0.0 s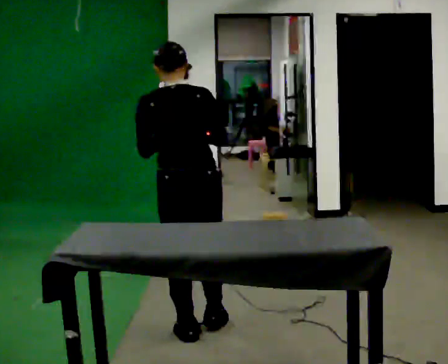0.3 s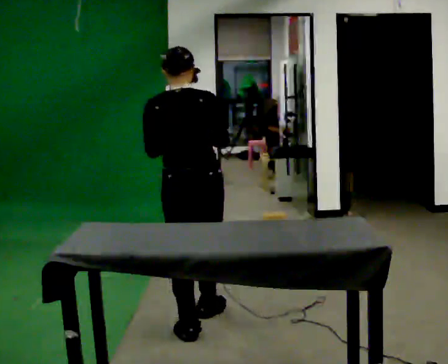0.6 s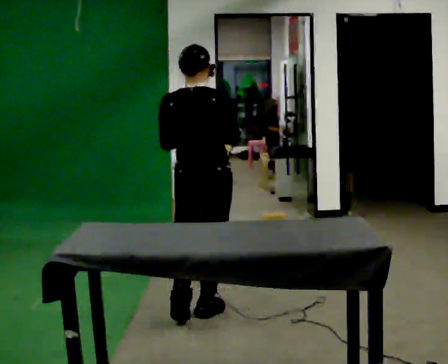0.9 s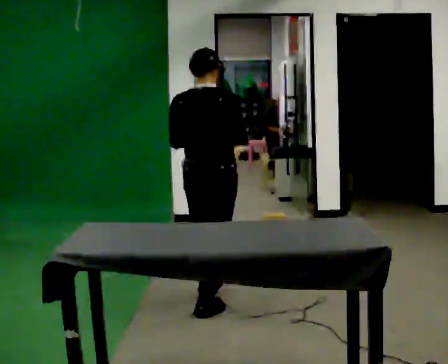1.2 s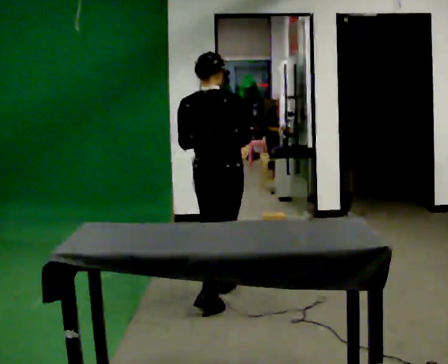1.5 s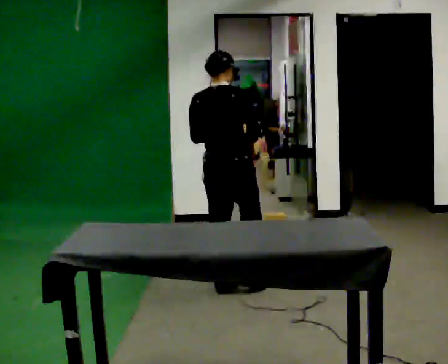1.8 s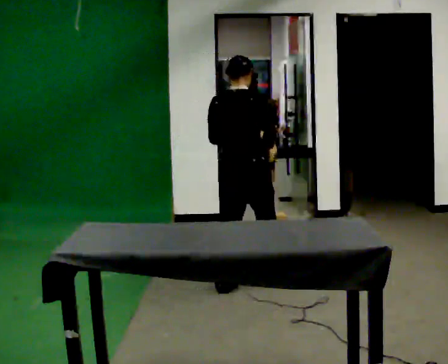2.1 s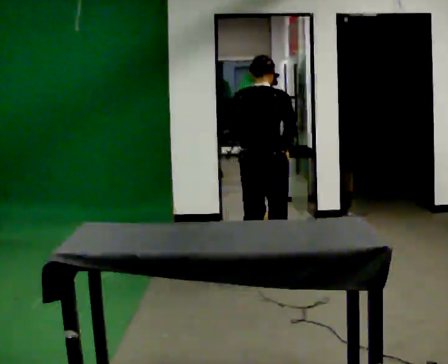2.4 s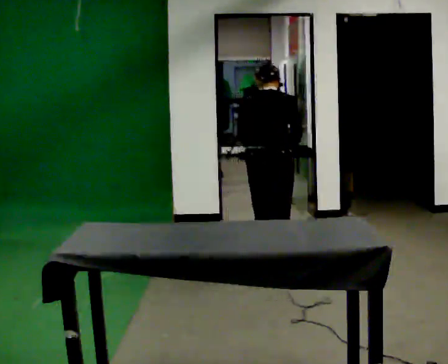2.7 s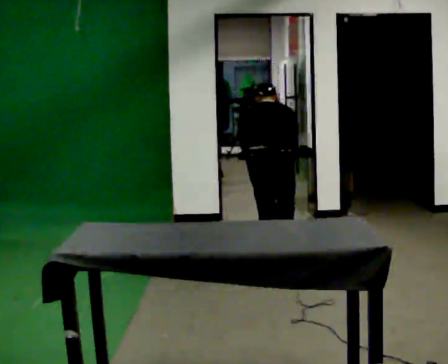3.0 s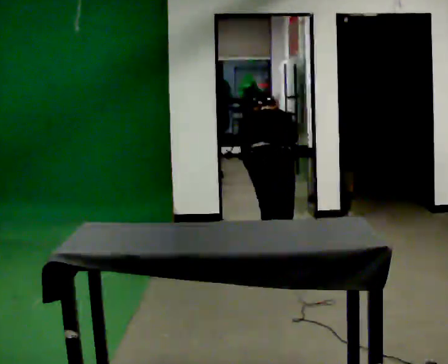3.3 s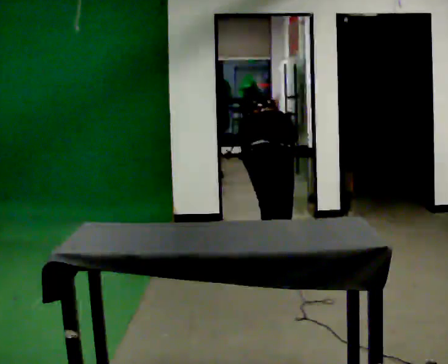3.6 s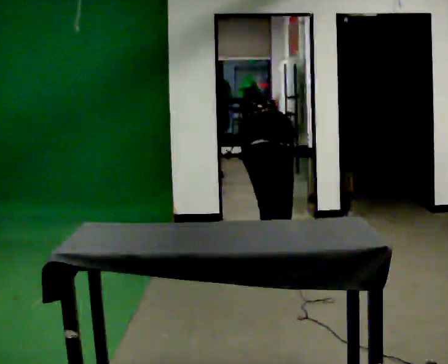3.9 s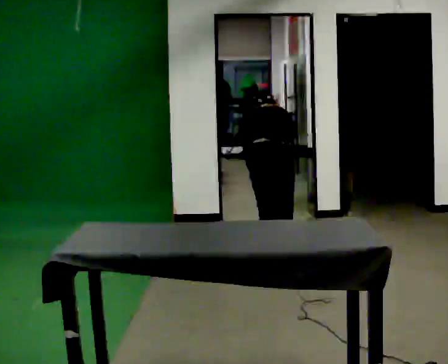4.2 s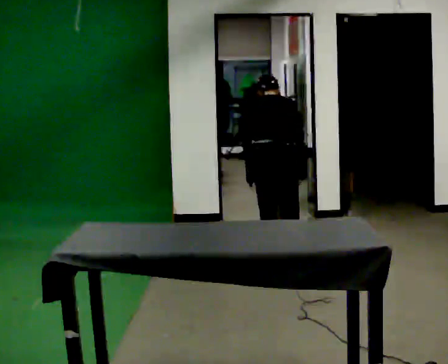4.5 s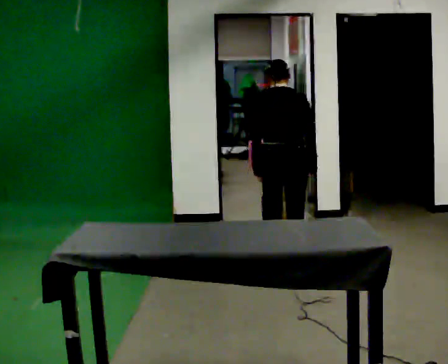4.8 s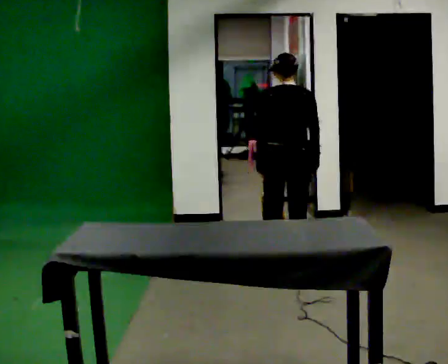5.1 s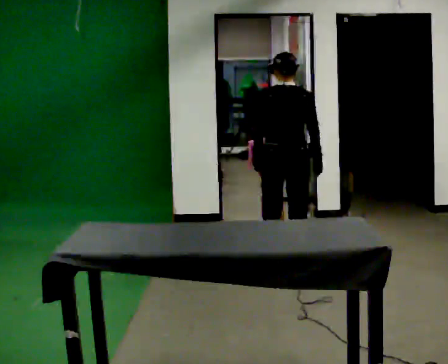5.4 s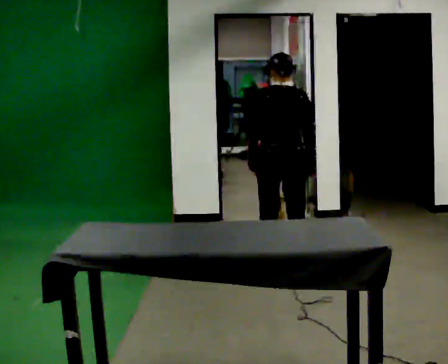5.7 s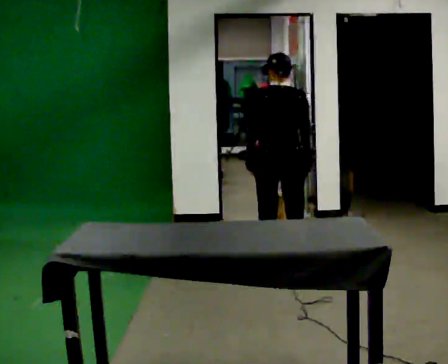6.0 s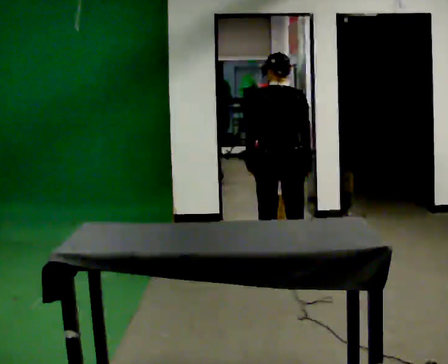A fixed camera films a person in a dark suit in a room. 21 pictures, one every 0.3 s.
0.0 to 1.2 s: The person turns about 30 degrees to their right, clockwise seen from above, so the part of the body nearest the lens slides to the left. In the picture they go away from the camera, about 0.75 m in 2 steps, which for them is forward.
1.2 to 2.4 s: In the picture they go away from the camera and to the right, about 0.5 m in 1 step, which for them is forward. The upper body tips away from the camera, its near side rolling upward, as they bend forward.
2.4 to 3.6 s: In the picture they go away from the camera, about 0.25 m in 1 step, which for them is forward. The shoulders move downward. The upper body tips away from the camera, its near side rolling upward, as they bend forward.
3.6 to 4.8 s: The shoulders move upward. The upper body tips toward the camera, its near side rolling downward, as they lean back or straighten.
4.8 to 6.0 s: The person moves a little, or ends about where they began.
The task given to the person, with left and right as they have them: Take an object off the waist-height shelf, carry it across the room, and set it down on the floor. Keep going until the operator says stop; one object at a time, and do not rush between trips.
The film runs forward here.
